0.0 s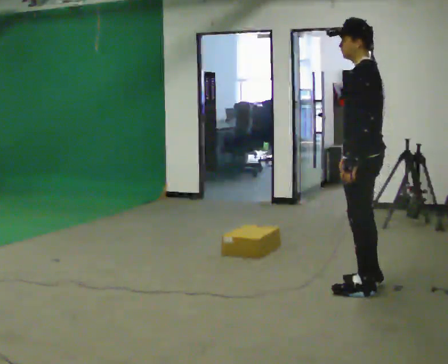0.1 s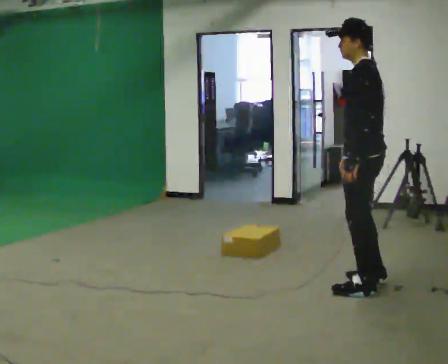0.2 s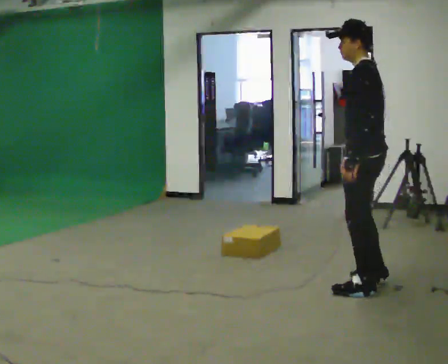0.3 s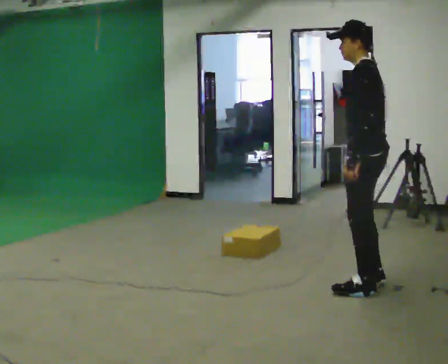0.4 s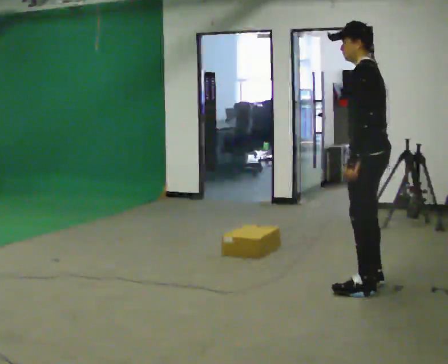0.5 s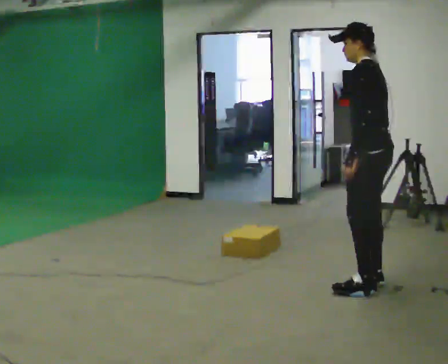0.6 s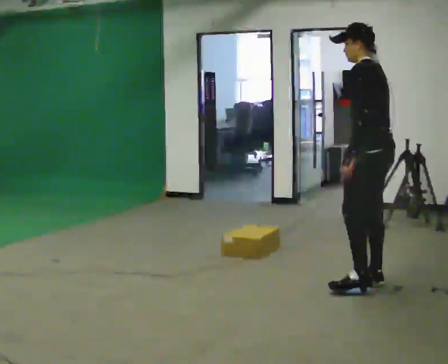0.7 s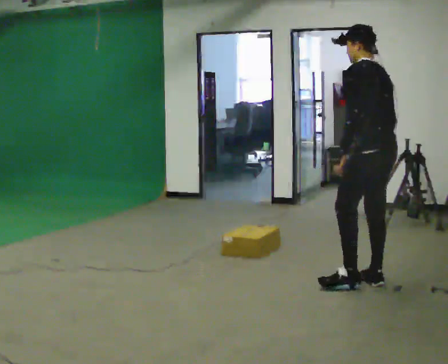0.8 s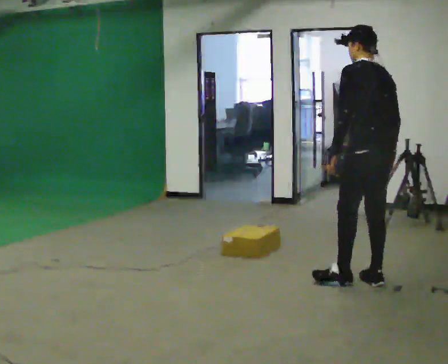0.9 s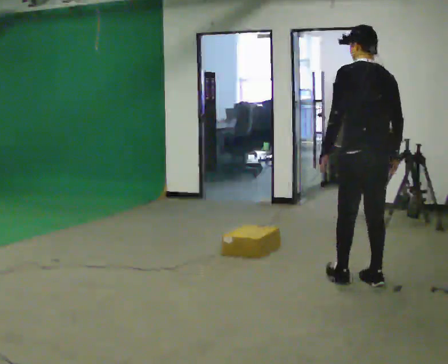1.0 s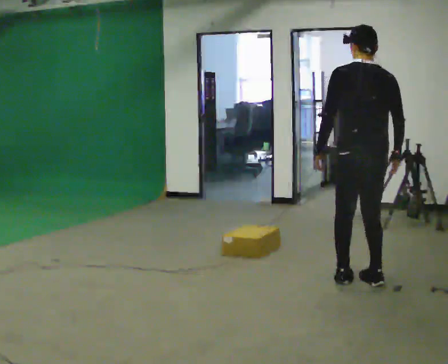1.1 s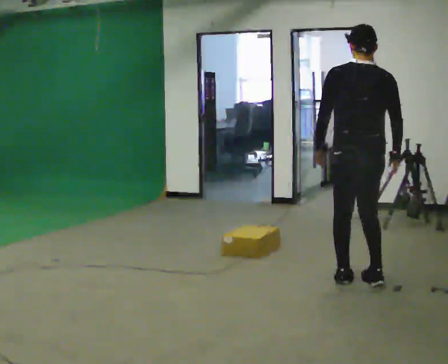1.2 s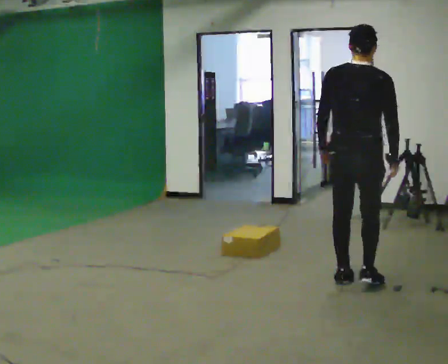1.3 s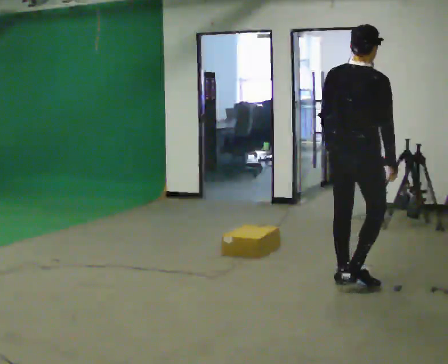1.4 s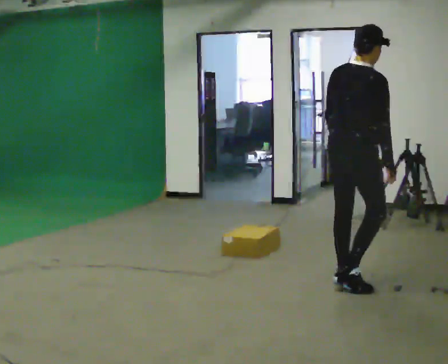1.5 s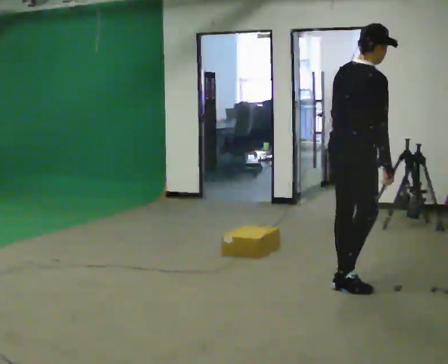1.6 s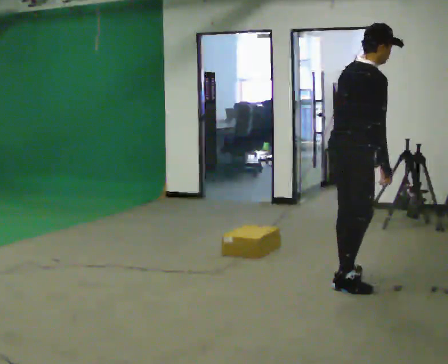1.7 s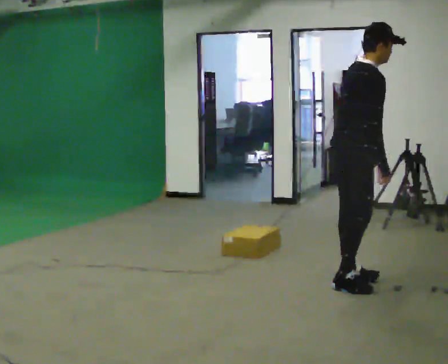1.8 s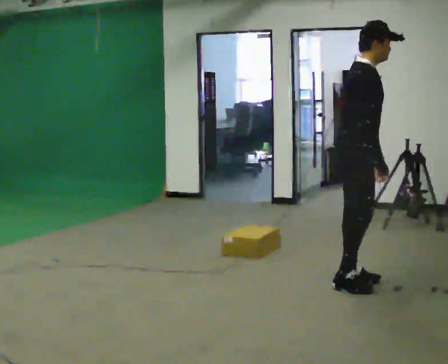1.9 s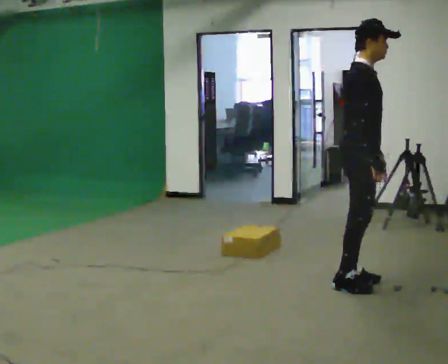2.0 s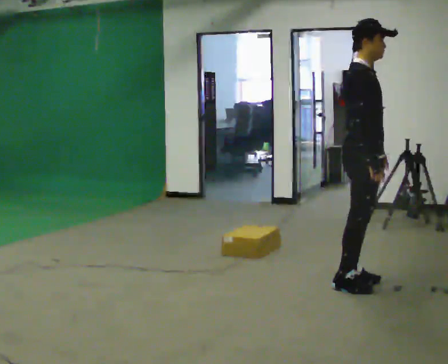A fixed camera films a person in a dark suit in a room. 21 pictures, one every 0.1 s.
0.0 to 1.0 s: The person turns about 75 degrees to their right, clockwise seen from above, so the part of the body nearest the lens slides to the left.
1.0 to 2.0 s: Seen from above the body turns clockwise, about 120 degrees: to their right, with its near side sliding to the left. In the picture their left hand goes to the right.
The film runs backward here.
